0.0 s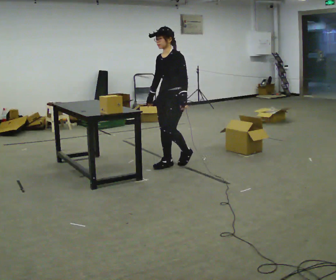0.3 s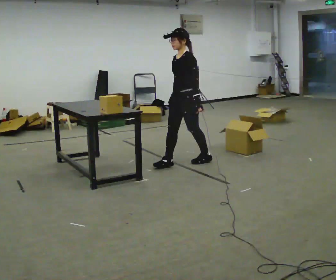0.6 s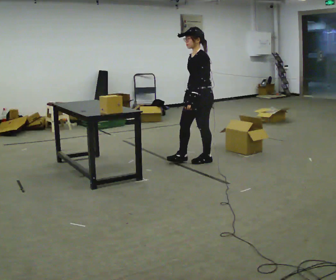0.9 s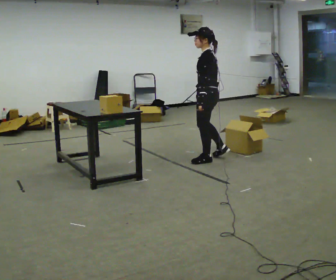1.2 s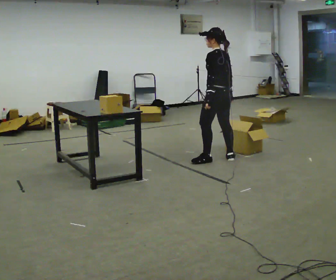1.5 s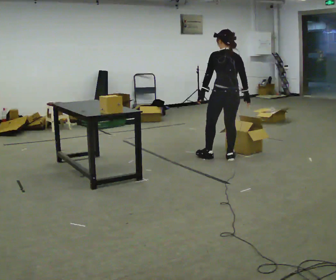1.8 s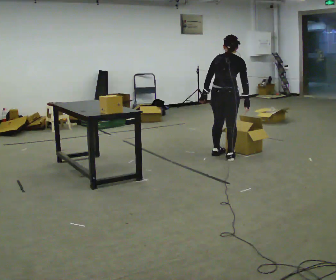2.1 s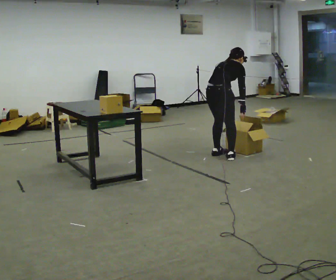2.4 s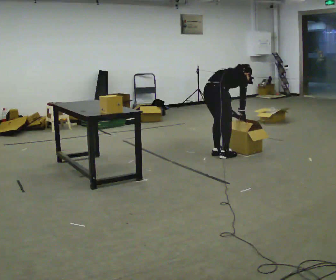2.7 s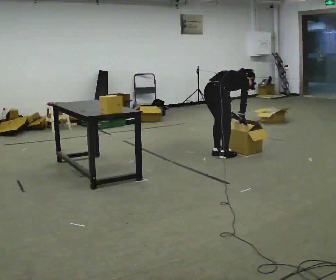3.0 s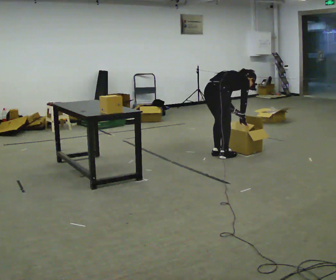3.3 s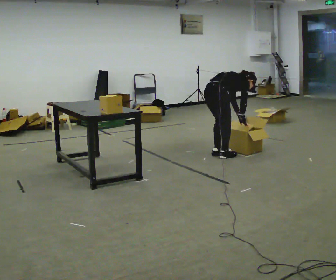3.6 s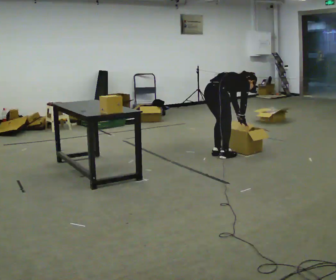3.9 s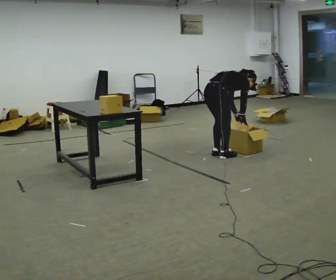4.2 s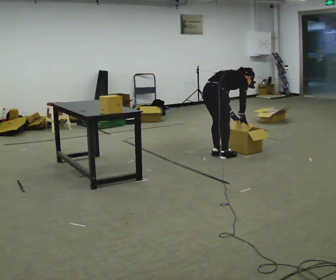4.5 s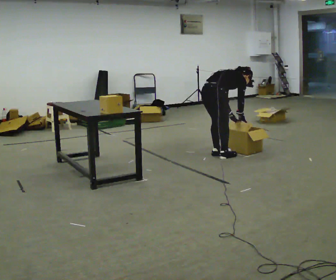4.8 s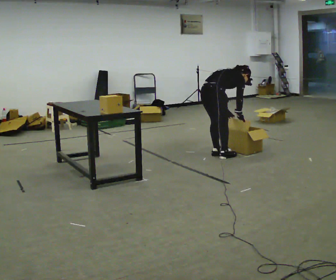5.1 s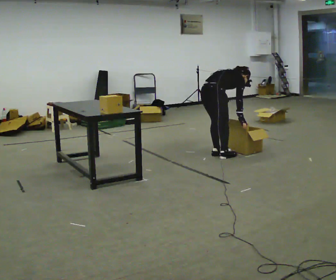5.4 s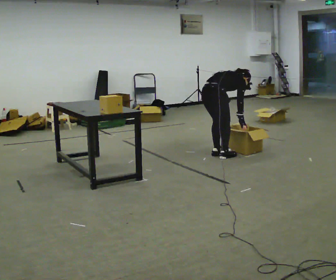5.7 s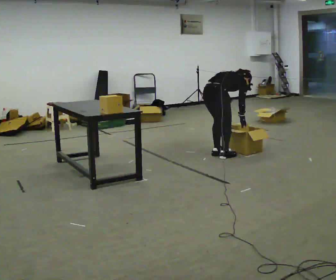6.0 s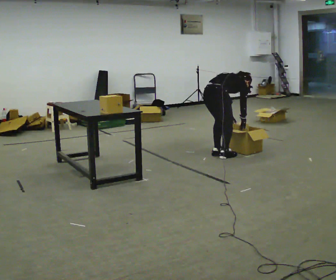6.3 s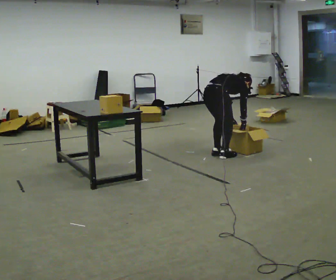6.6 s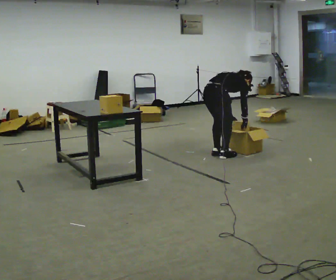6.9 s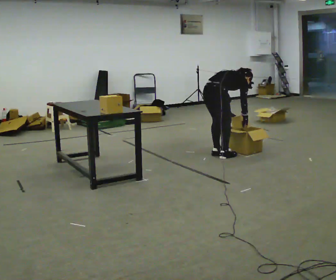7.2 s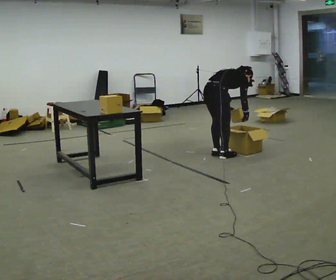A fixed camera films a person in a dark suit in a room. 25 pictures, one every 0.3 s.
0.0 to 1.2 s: The person turns about 90 degrees to their right, clockwise seen from above, so the part of the body nearest the lens slides to the left. In the picture they go to the right, about 0.5 m in 1 step.
1.2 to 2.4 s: The part of the body nearest the lens slides to the left as the person turns to their right by about 105 degrees. The shoulders move downward. In the picture the upper body tilts clockwise, shoulders to the right, as they bend forward. In the picture their left hand goes to the right.
2.4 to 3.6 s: In the picture the upper body tilts clockwise, shoulders to the right.
3.6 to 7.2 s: The person moves a little, or ends about where they began.
The film runs backward here.
